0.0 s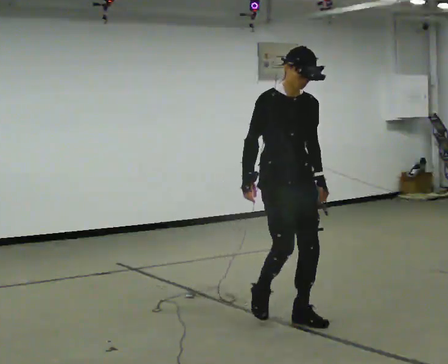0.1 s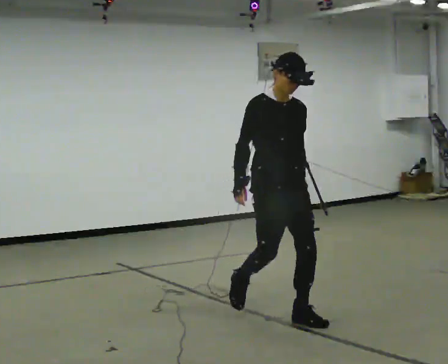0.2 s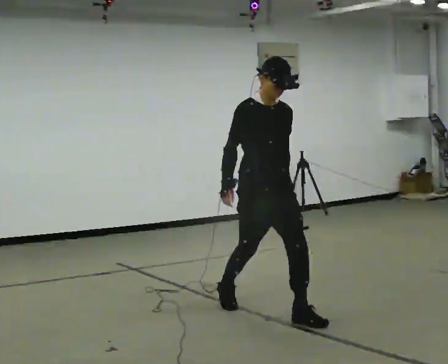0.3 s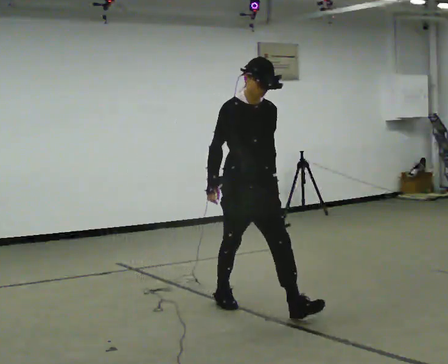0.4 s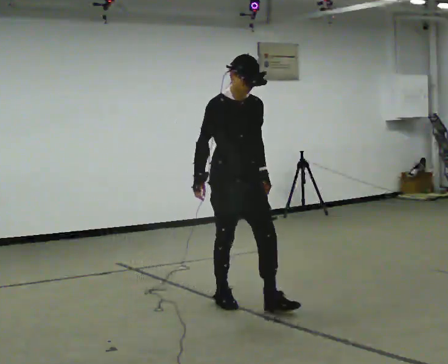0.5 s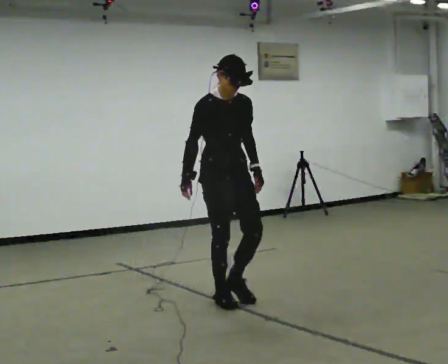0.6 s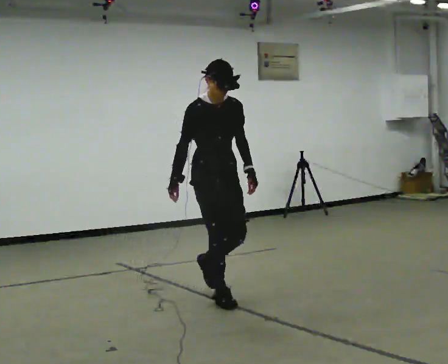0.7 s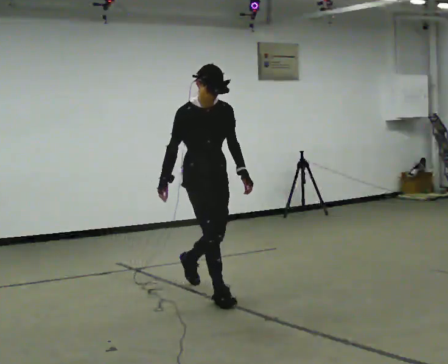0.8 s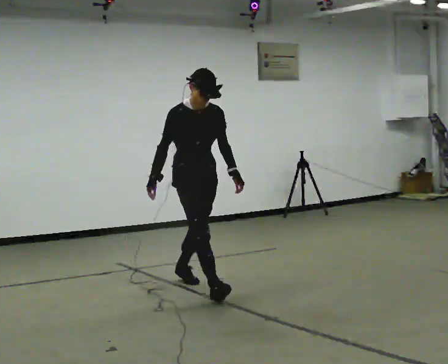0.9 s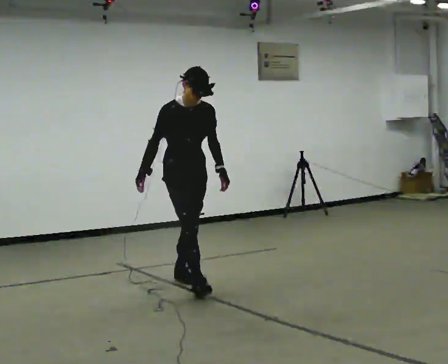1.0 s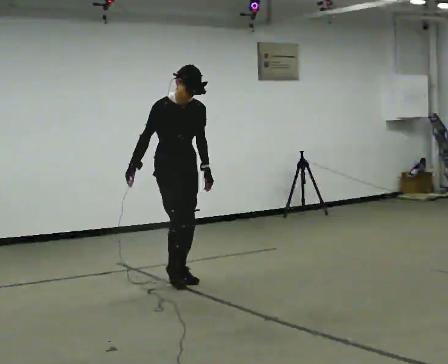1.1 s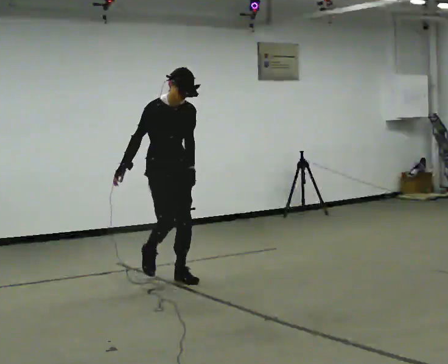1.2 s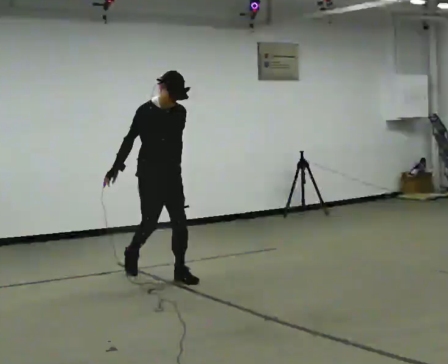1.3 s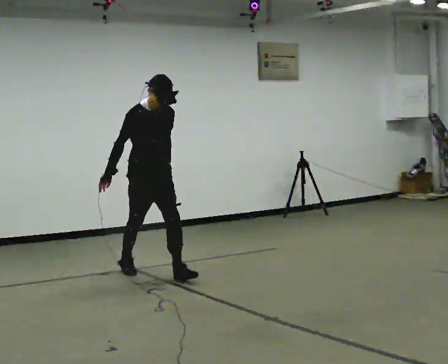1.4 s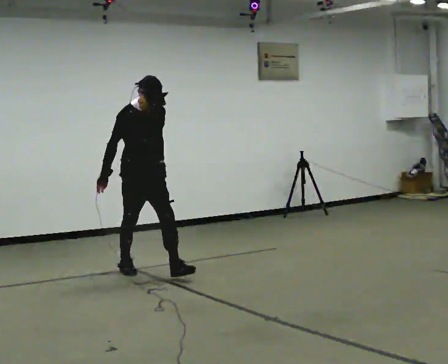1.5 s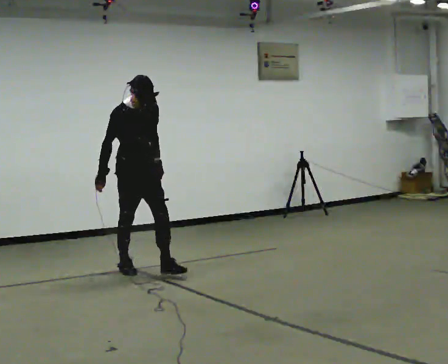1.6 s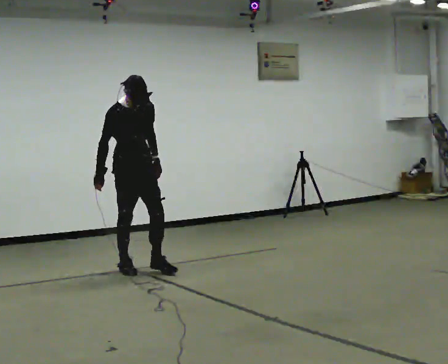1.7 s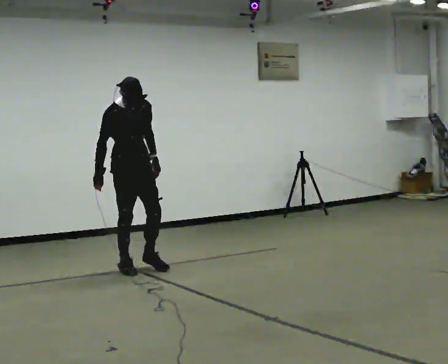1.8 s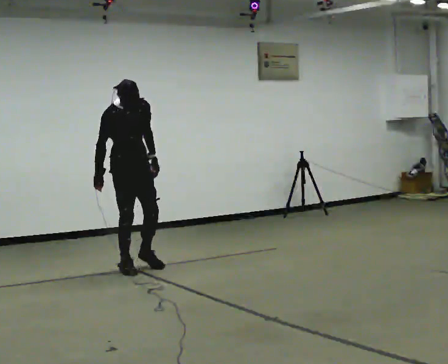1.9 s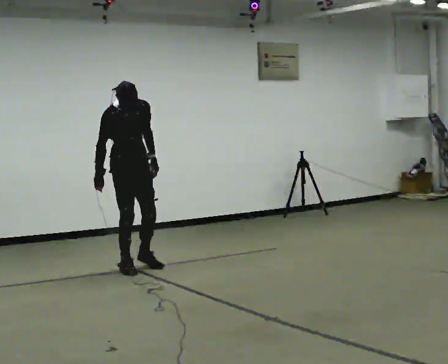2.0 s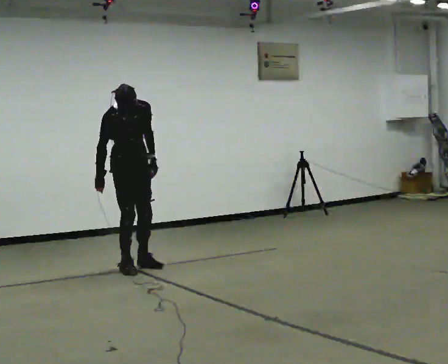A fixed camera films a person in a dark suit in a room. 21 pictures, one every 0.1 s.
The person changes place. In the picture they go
away from the camera.
The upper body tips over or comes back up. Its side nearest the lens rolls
downward.
0.0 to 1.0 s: In the picture they go away from the camera and to the left, about 1.5 m in 2 steps, which for them is backward.
1.0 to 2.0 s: In the picture they go away from the camera and to the left, about 0.5 m in 1 step, which for them is backward.
The film runs backward here.
